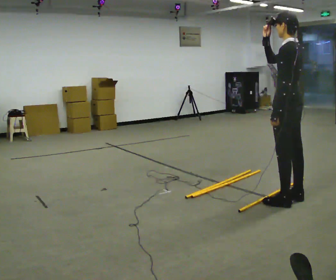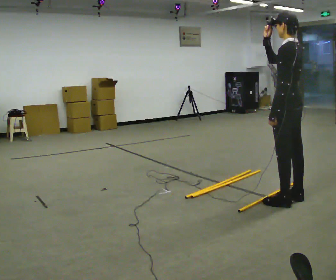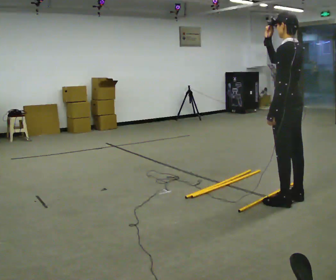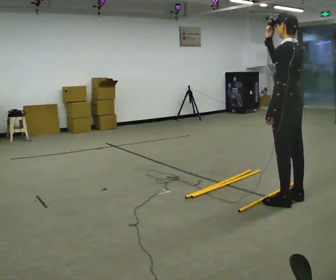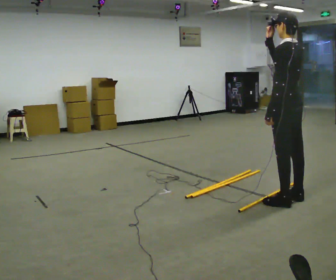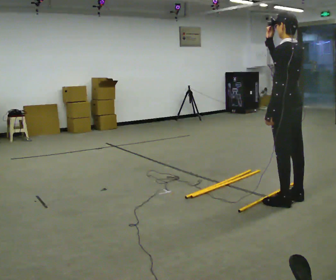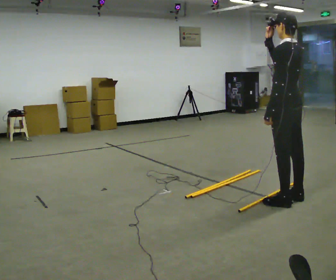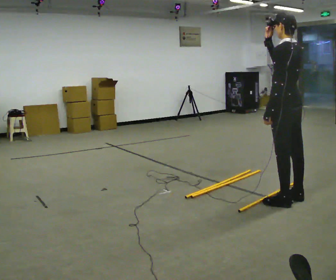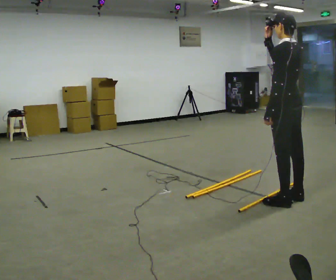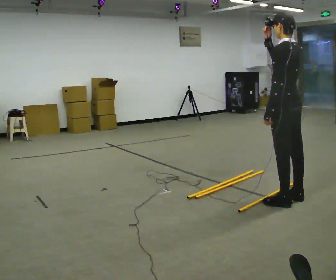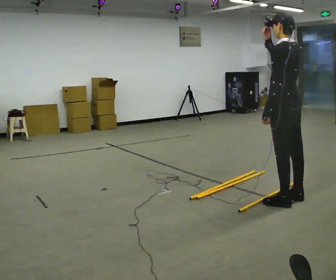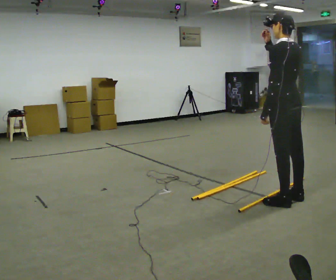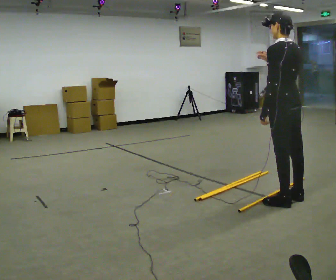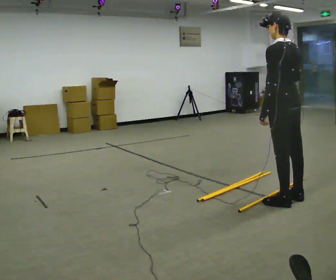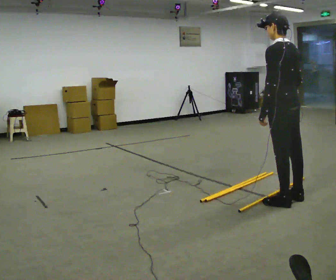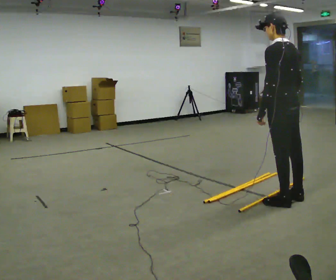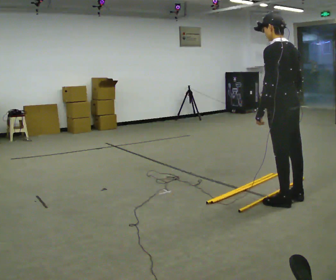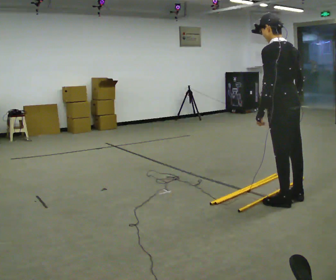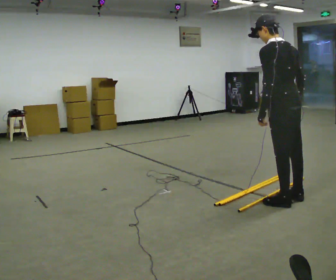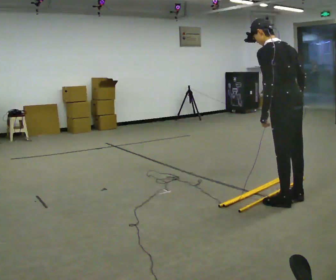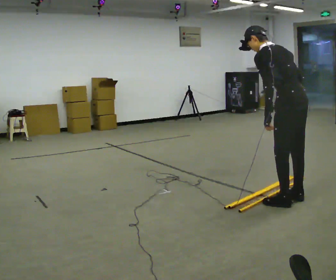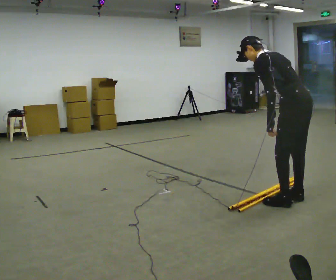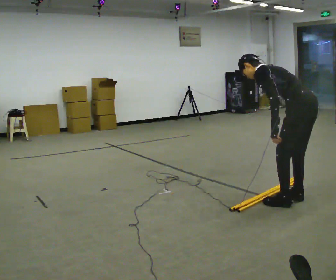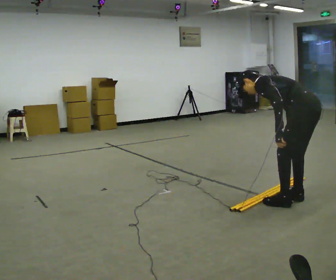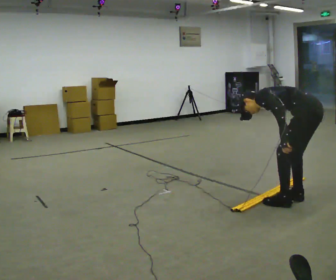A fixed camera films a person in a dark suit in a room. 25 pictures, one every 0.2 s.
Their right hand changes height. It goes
downward.
The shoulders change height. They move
downward.
0.0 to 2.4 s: The person moves a little, or ends about where they began.
2.4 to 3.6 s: In the picture their right hand goes downward.
3.6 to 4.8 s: In the picture they go to the right, about 0.25 m, which for them is backward. The shoulders move downward. In the picture the upper body tilts counterclockwise, shoulders to the left, as they bend forward.
The film runs backward here.
